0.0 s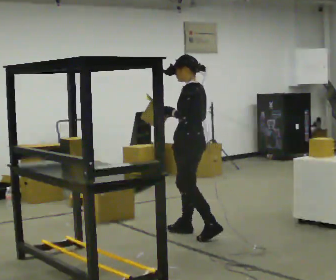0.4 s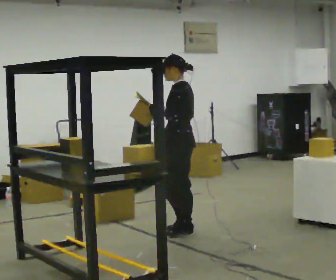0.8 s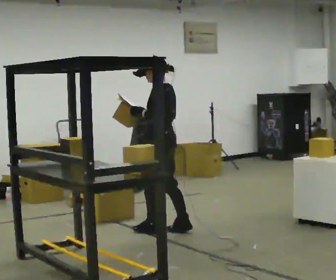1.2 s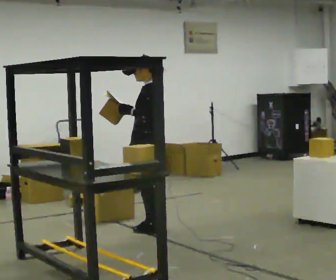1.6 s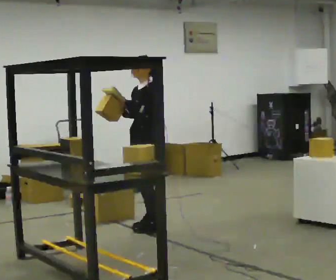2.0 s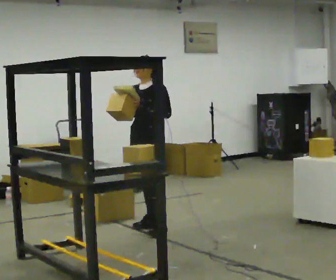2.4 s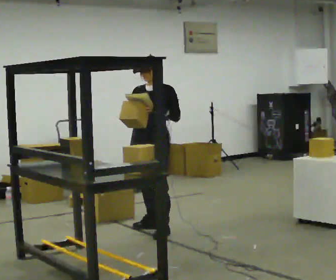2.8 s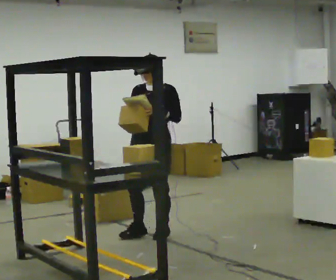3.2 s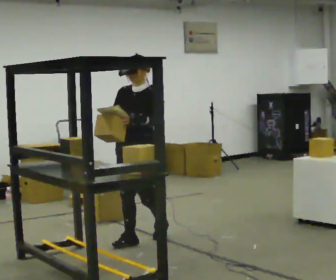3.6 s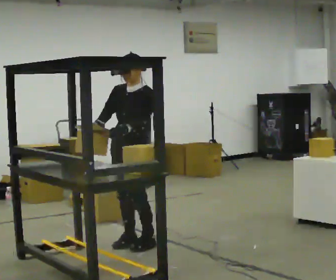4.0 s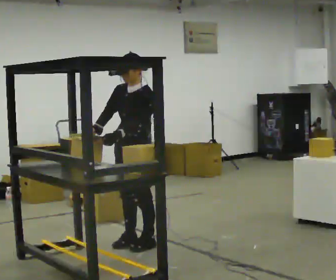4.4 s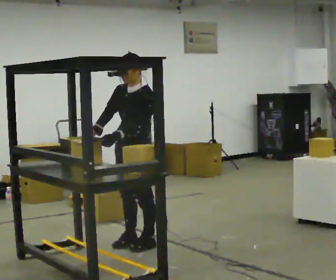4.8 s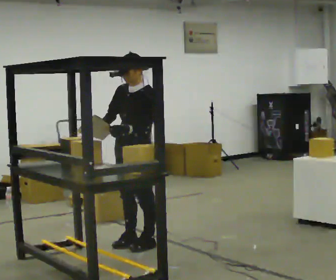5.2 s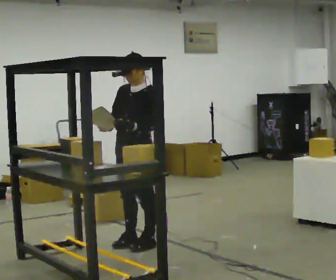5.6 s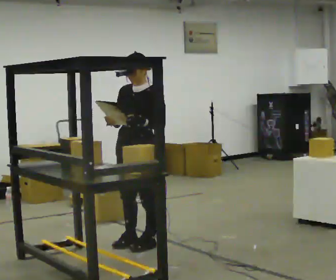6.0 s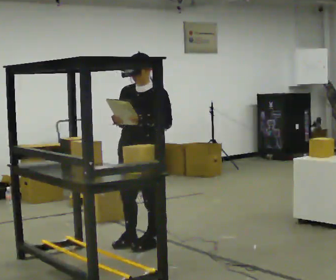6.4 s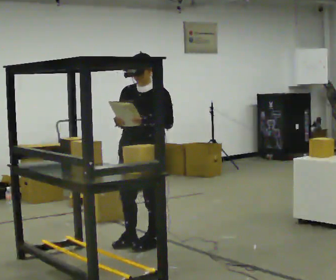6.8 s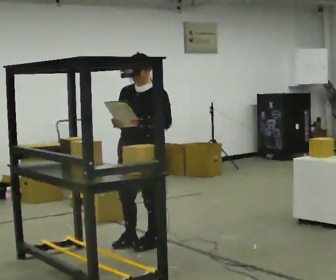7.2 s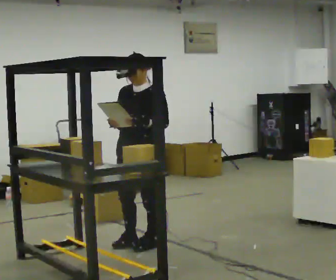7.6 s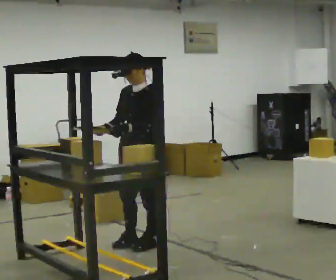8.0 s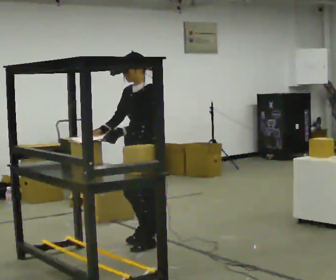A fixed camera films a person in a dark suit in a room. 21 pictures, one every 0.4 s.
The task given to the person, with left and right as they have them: 1. Look at the photo the operator gives you. 2. Put the room back the way it looks in the photo. 3. Tell the operator when you are finished.
0.0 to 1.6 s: The part of the body nearest the lens slides to the right as the person turns to their left by about 45 degrees. In the picture they go to the left and away from the camera, about 0.5 m in 2 steps, which for them is forward.
1.6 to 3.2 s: Seen from above the body turns counterclockwise, about 30 degrees: to their left, with its near side sliding to the right. In the picture they go toward the camera, about 0.5 m in 1 step, which for them is forward and to their left.
3.2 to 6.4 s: In the picture they go toward the camera, about 0.25 m in 1 step, which for them is to their left.
6.4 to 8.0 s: The part of the body nearest the lens slides to the left as the person turns to their right by about 30 degrees.
The film runs forward here.
